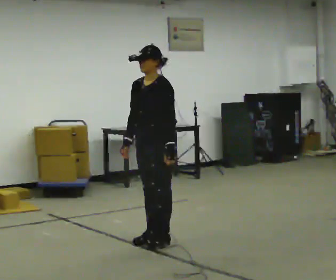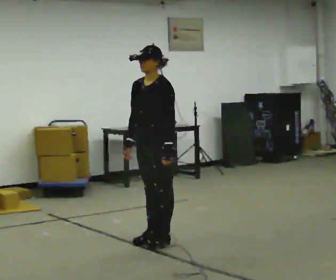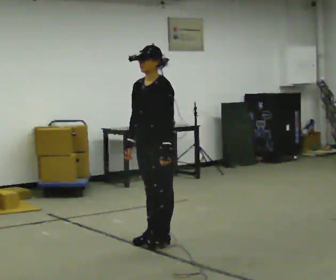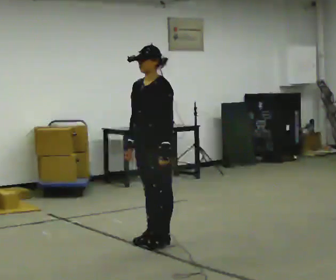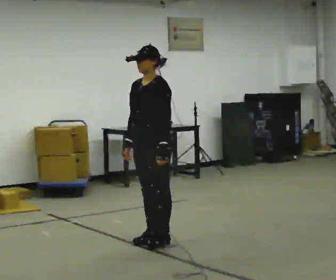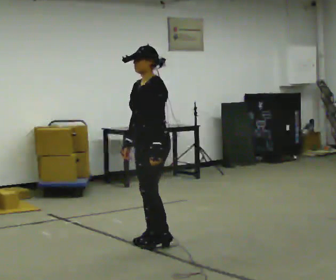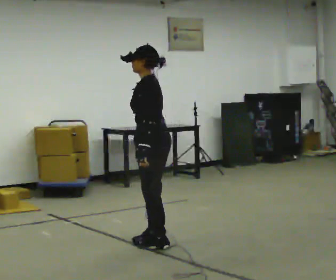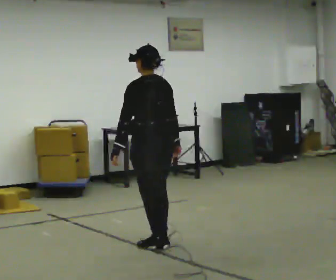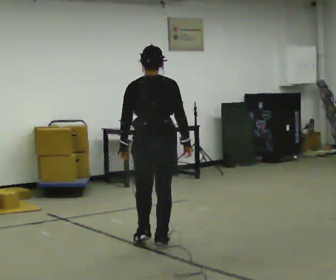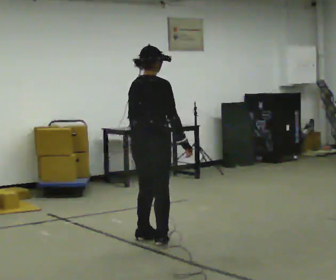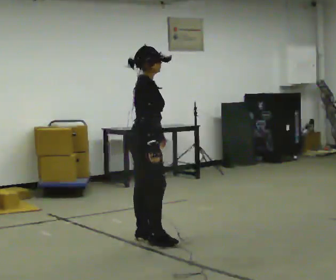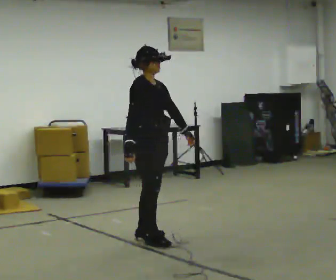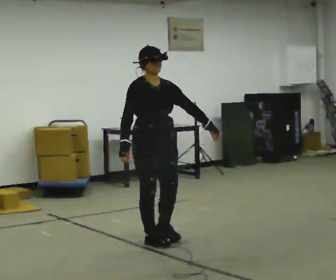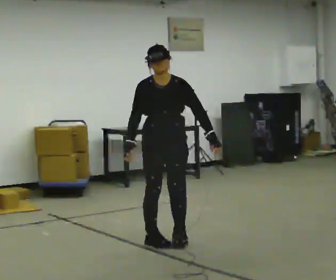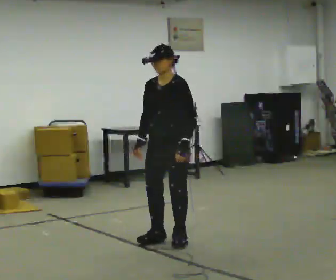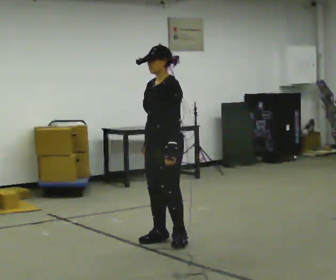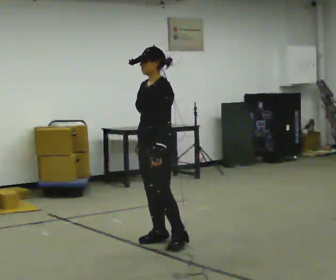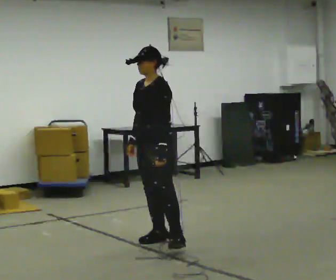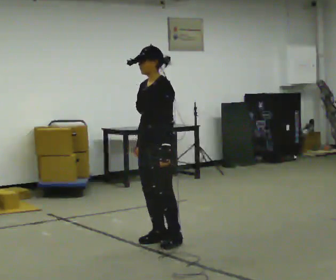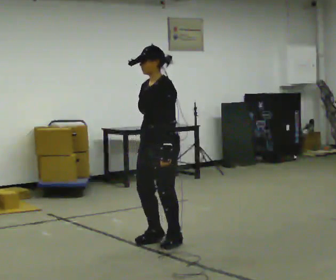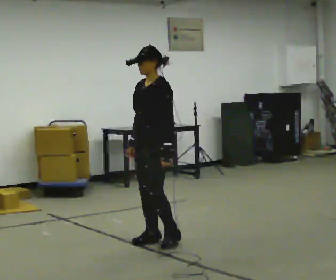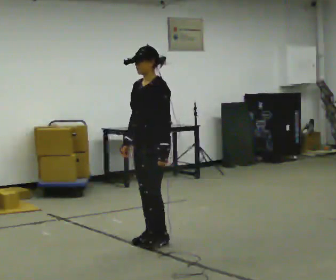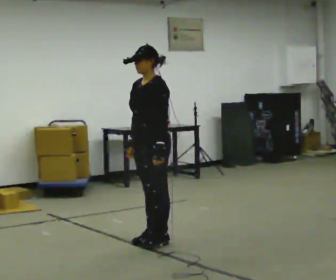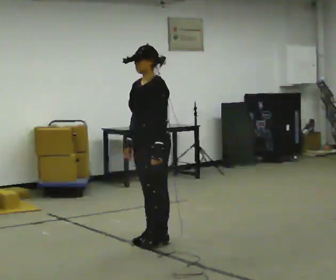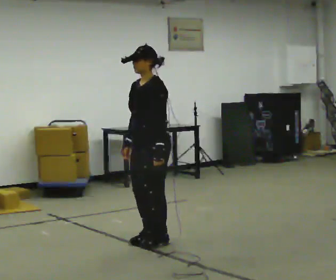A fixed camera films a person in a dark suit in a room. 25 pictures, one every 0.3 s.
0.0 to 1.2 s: The person moves a little, or ends about where they began.
1.2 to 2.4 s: Seen from above the body turns clockwise, about 135 degrees: to their right, with its near side sliding to the left. In the picture their right hand goes to the right, the arm swinging counterclockwise.
2.4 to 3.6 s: Seen from above the body turns clockwise, about 150 degrees: to their right, with its near side sliding to the left. In the picture their left hand goes to the right, the arm swinging counterclockwise.
3.6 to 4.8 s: The part of the body nearest the lens slides to the left as the person turns to their right by about 90 degrees. In the picture their left hand goes to the left, the arm swinging clockwise.
4.8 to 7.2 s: The person moves a little, or ends about where they began.
The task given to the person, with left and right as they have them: Turn on the spot to face the direction the operator calls, then stand still. The operator will call 90, 180 and 360 degrees and left or right.
The film runs forward here.
